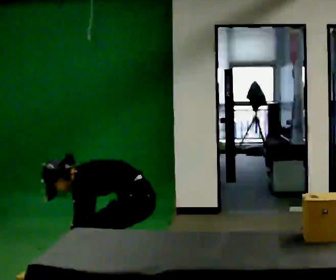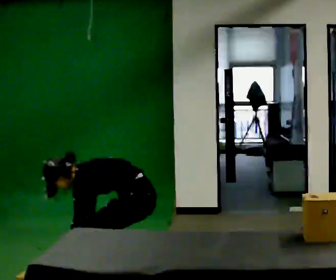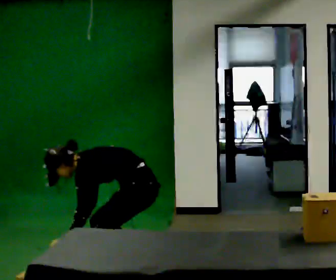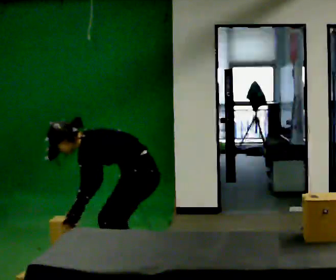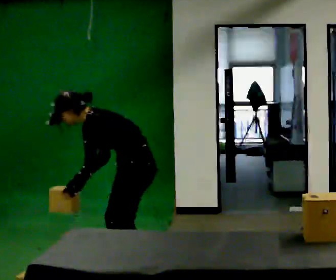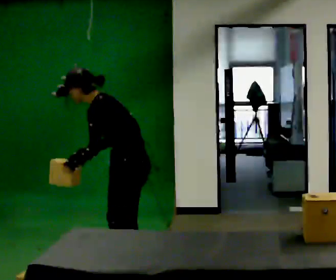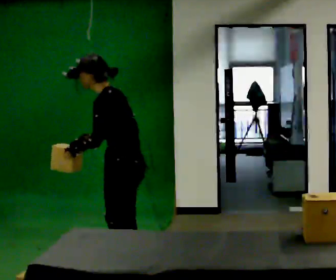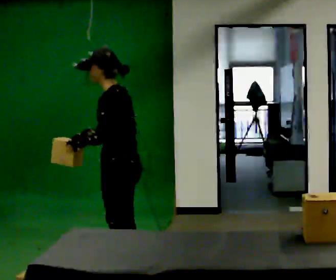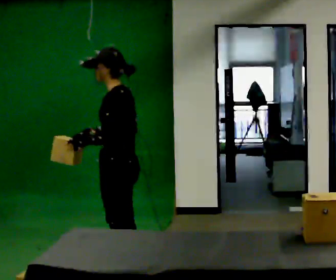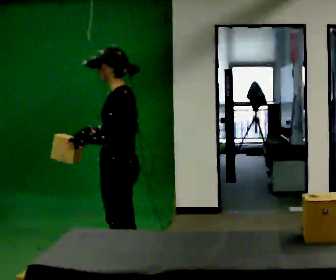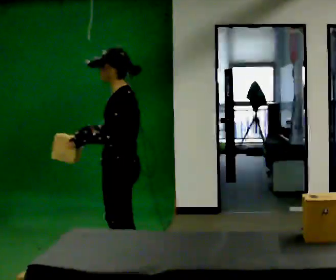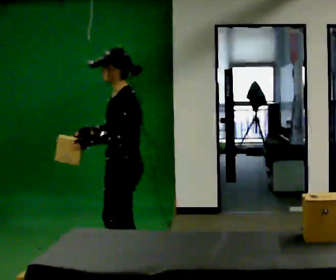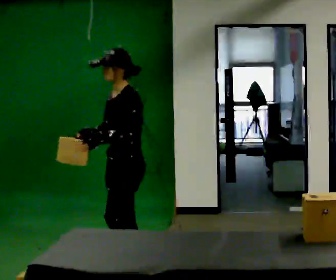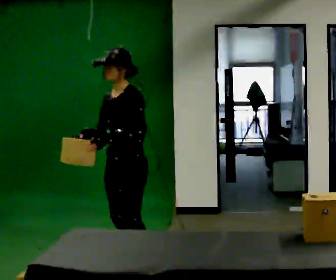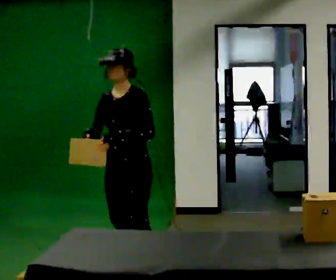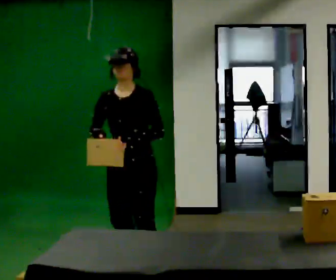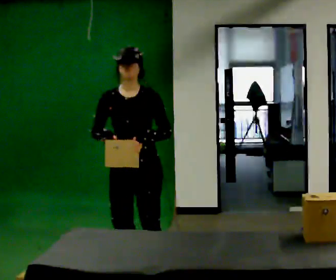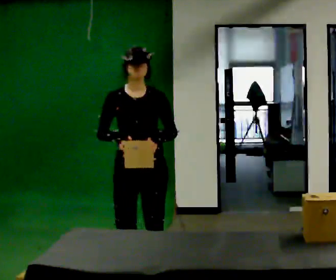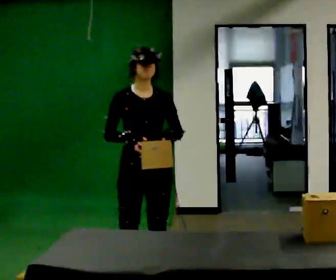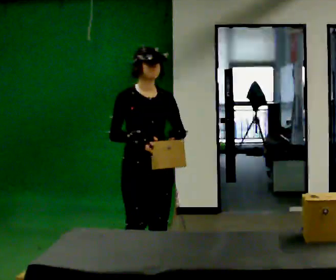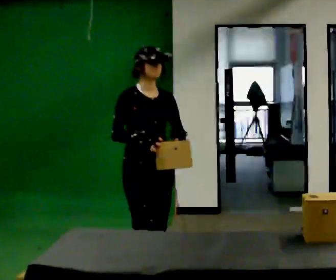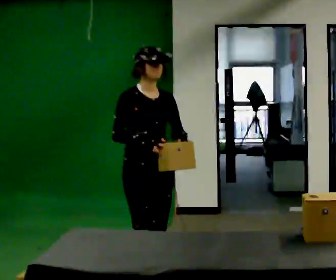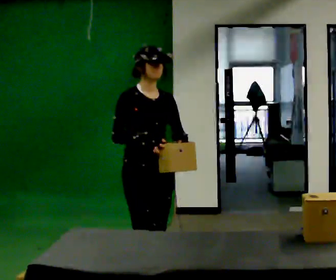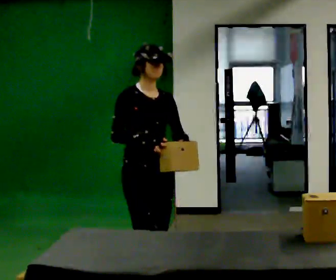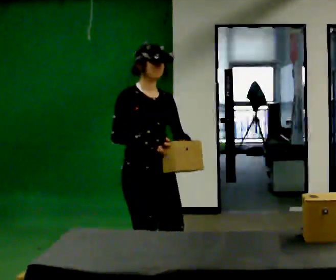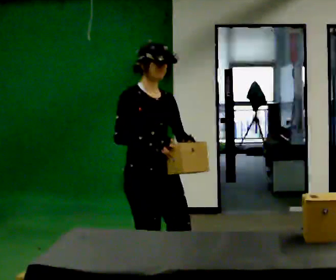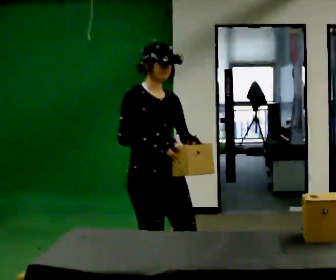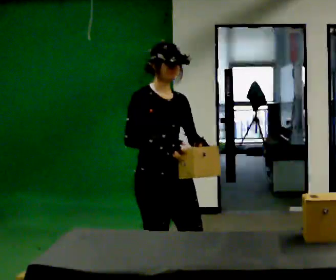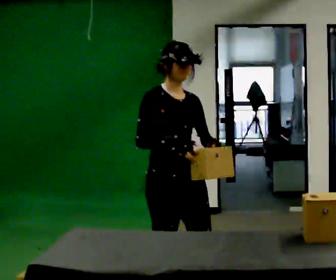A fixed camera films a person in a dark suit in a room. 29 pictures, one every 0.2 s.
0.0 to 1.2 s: The shoulders move upward. In the picture the upper body tilts clockwise, shoulders to the right, as they lean back or straighten. In the picture their left hand goes upward.
1.2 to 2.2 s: The person moves a little, or ends about where they began.
2.2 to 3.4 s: The person turns about 75 degrees to their left, counterclockwise seen from above, so the part of the body nearest the lens slides to the right.
3.4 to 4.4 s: The person turns about 30 degrees to their left, counterclockwise seen from above, so the part of the body nearest the lens slides to the right. In the picture they go toward the camera, about 0.25 m in 1 step, which for them is forward.
4.4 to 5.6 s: In the picture they go toward the camera and to the right, about 0.5 m in 1 step, which for them is forward.
The film runs forward here.
